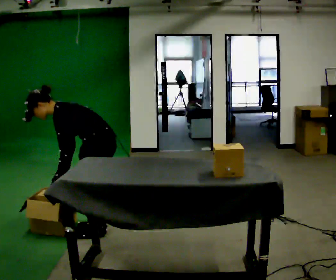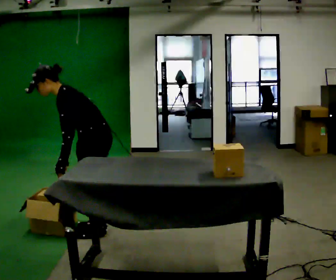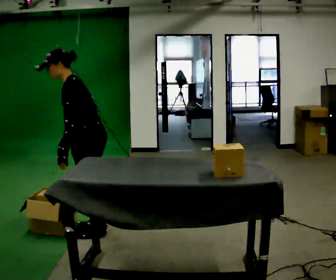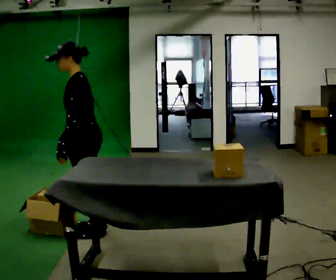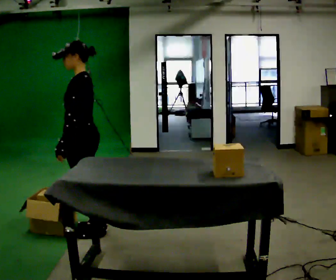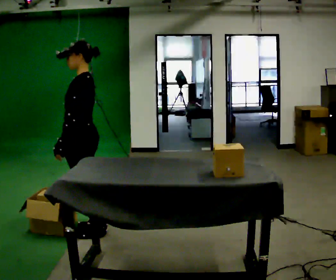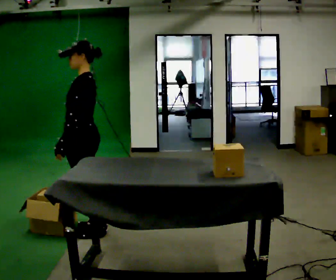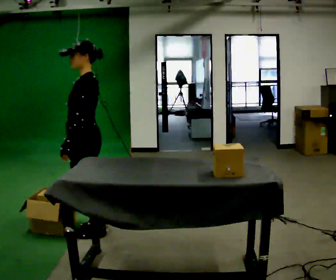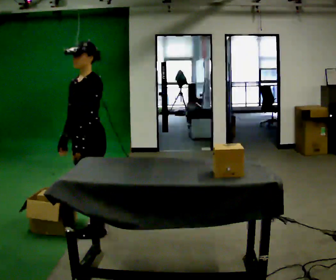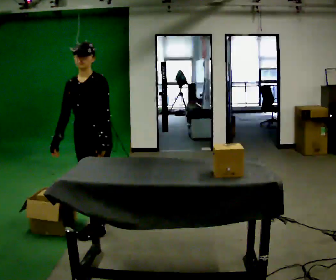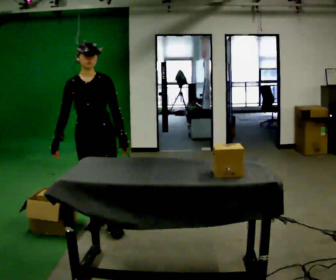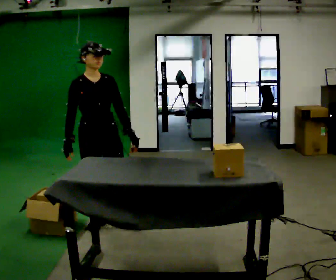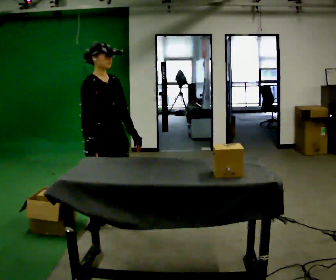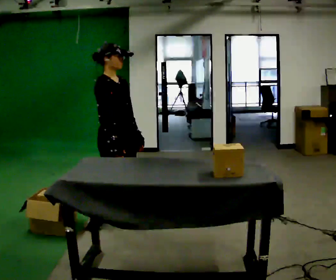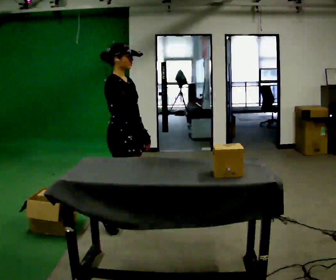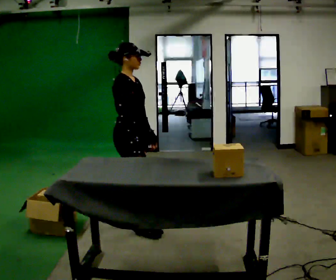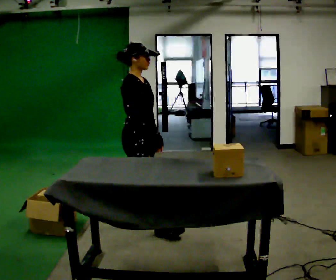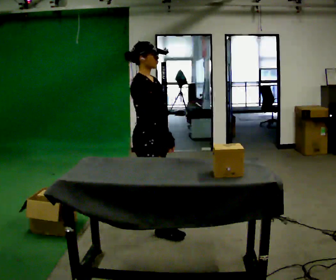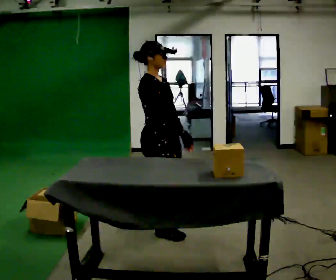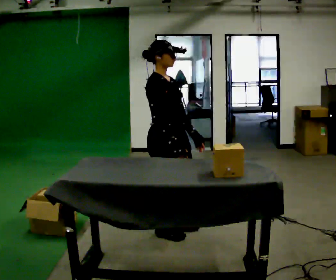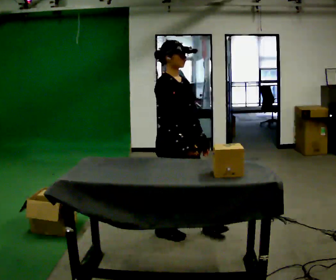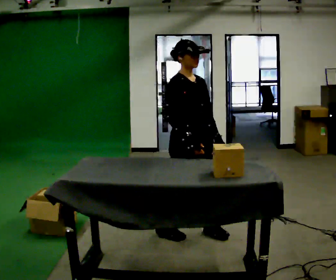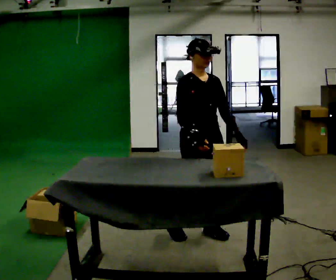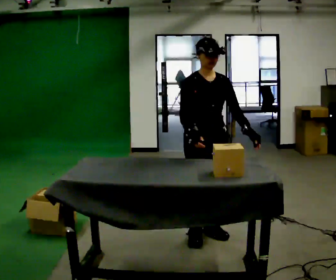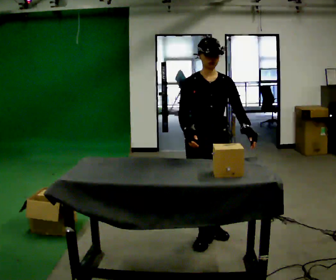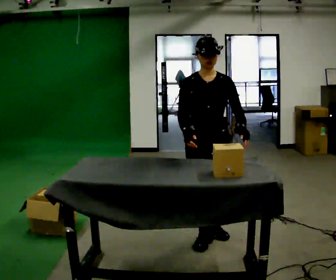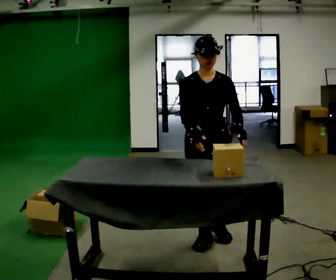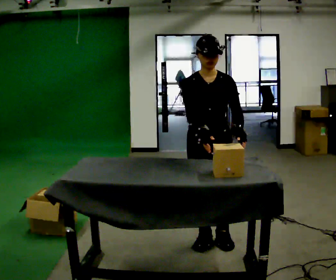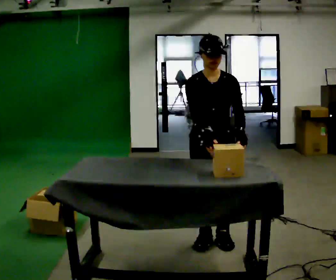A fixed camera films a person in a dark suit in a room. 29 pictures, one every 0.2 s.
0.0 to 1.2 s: The upper body goes upward. In the picture the upper body tilts clockwise, shoulders to the right, as they lean back or straighten.
1.2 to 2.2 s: Seen from above the body turns counterclockwise, about 120 degrees: to their left, with its near side sliding to the right. In the picture their left hand goes to the right, the arm swinging counterclockwise.
2.2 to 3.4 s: The part of the body nearest the lens slides to the right as the person turns to their left by about 45 degrees. In the picture they go to the right, about 0.5 m in 1 step, which for them is forward.
3.4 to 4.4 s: The person turns about 45 degrees to their right, clockwise seen from above, so the part of the body nearest the lens slides to the left. In the picture they go to the right, about 0.5 m in 1 step, which for them is forward.
4.4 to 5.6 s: The part of the body nearest the lens slides to the left as the person turns to their right by about 30 degrees. In the picture they go toward the camera, about 0.25 m in 2 steps, which for them is forward.
The film runs forward here.
